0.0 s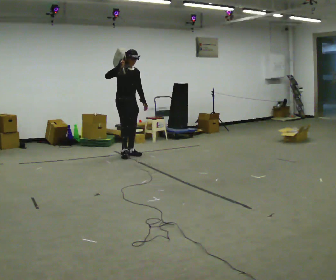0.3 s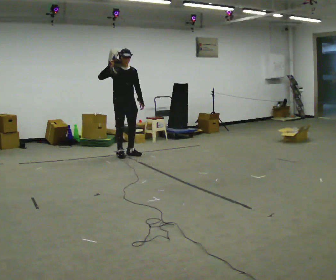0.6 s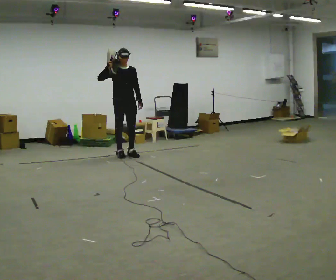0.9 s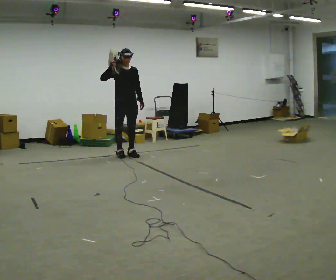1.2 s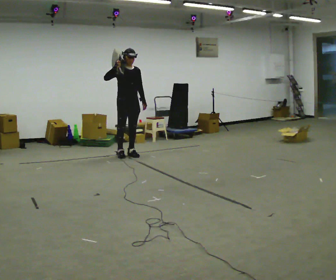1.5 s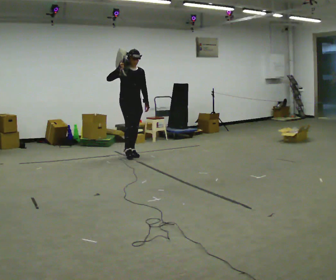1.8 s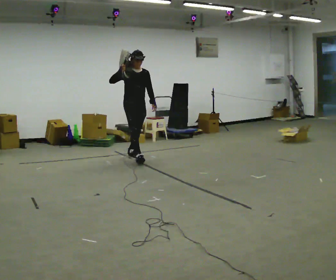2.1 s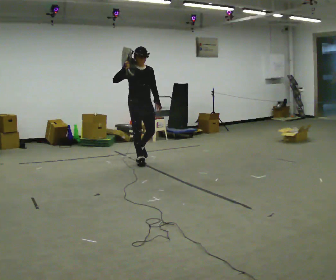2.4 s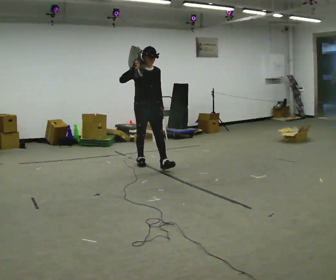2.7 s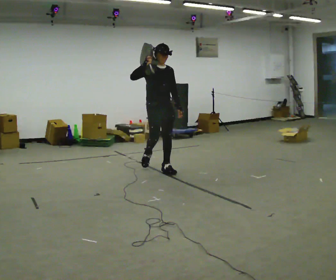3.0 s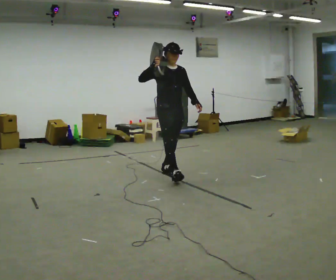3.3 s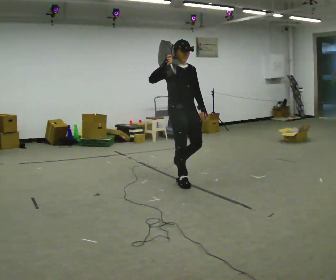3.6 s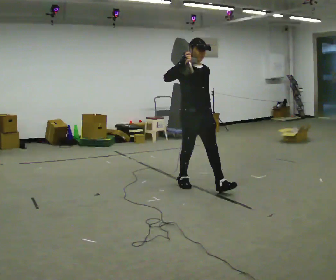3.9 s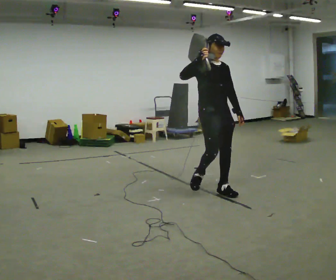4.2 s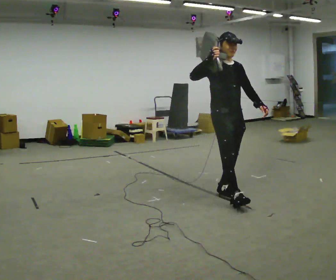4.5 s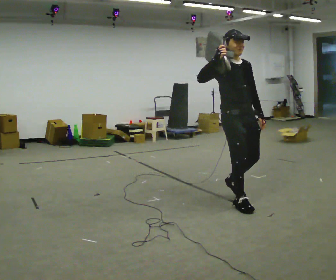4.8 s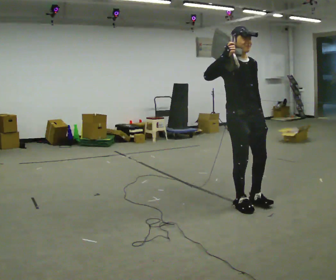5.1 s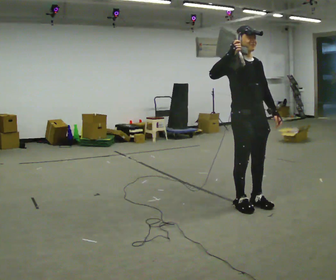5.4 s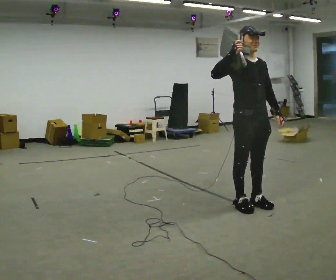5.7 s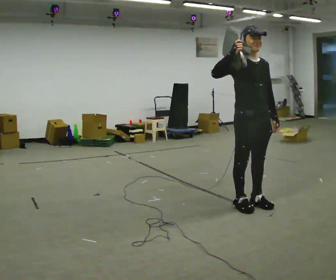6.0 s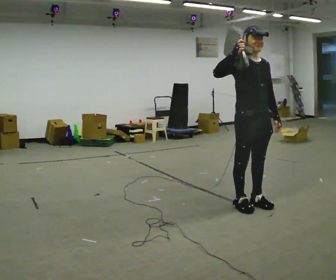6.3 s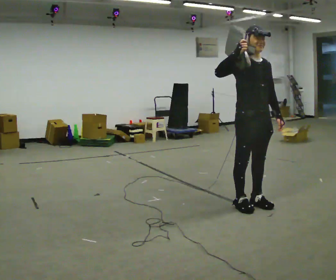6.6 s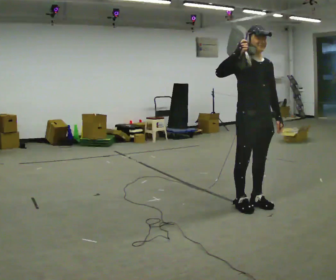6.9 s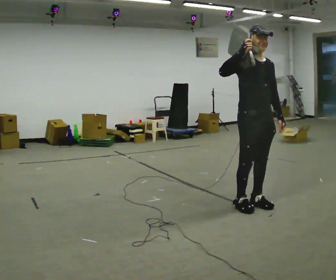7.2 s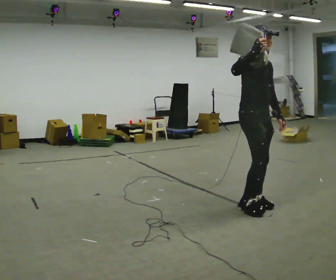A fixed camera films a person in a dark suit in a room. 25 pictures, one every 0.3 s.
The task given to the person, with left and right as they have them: Put the soft bag up onto your shoulder and carry it across the room, back and forth.
0.0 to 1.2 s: The person moves a little, or ends about where they began.
1.2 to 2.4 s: In the picture they go toward the camera and to the right, about 1 m in 1 step, which for them is forward.
2.4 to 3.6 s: In the picture they go toward the camera and to the right, about 1.5 m in 2 steps, which for them is forward.
3.6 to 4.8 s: In the picture they go toward the camera and to the right, about 1 m in 2 steps, which for them is forward.
4.8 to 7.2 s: The person moves a little, or ends about where they began.
The film runs forward here.
